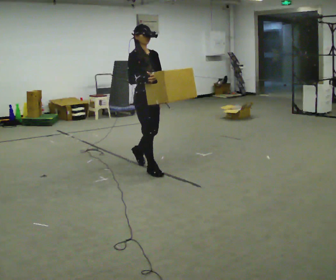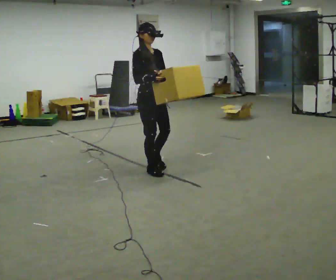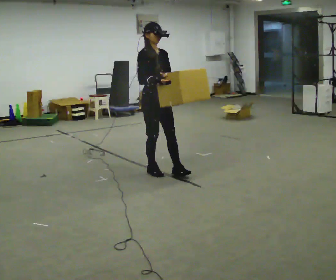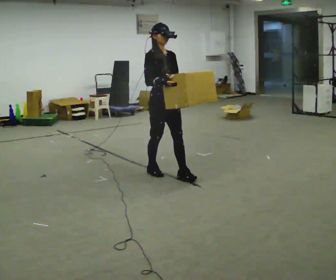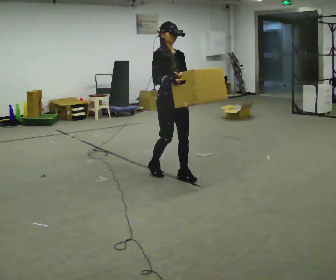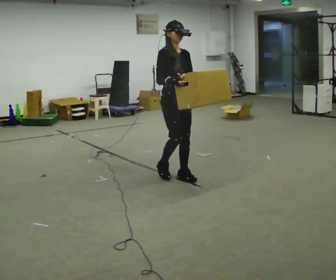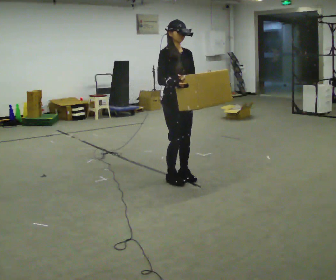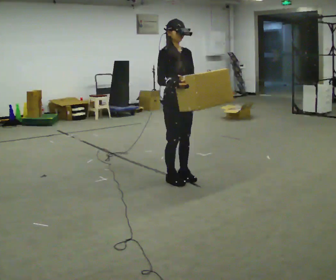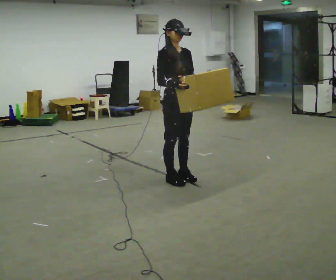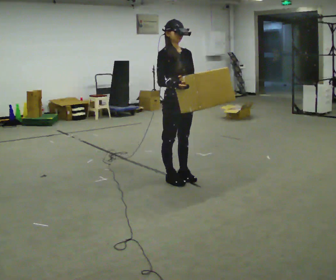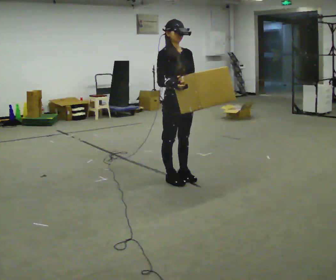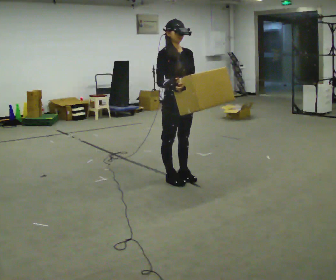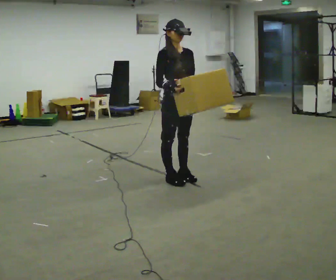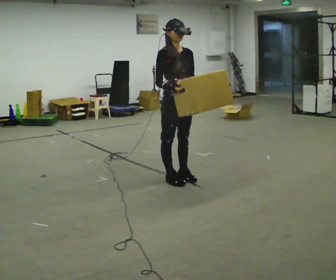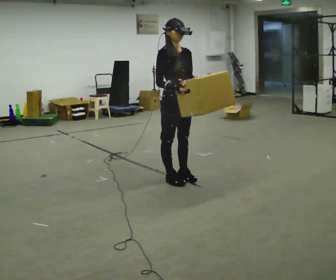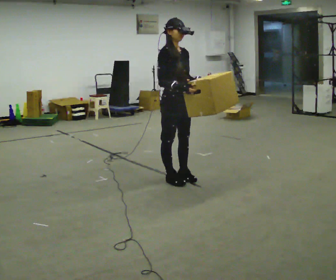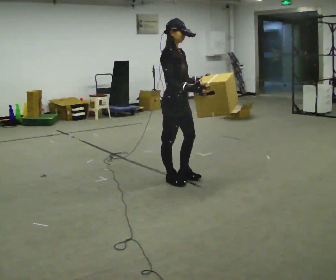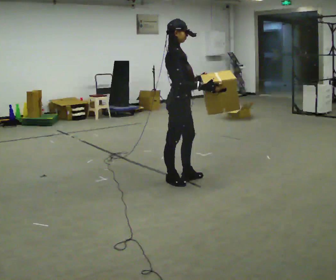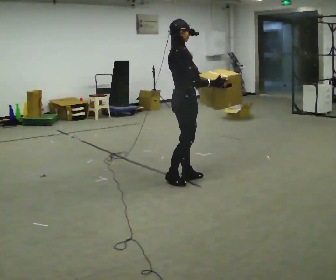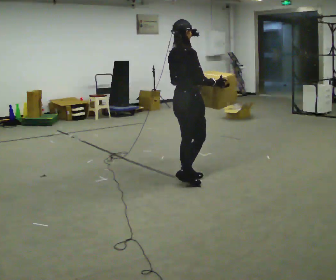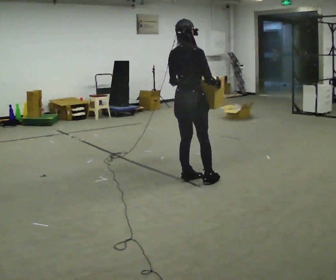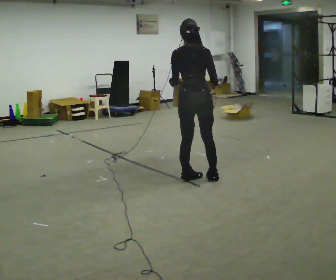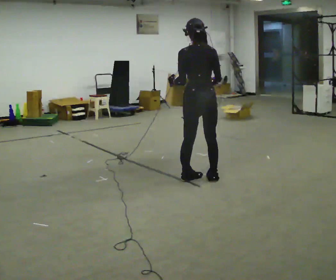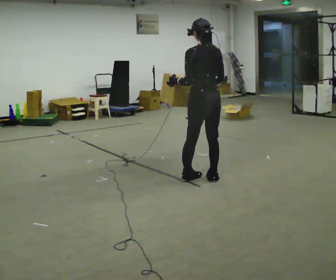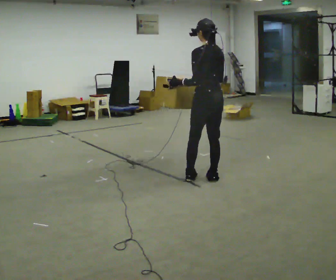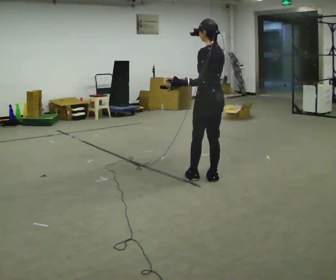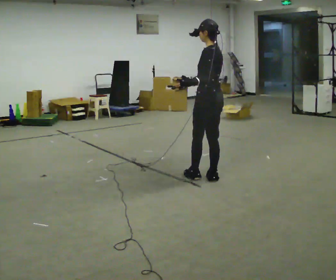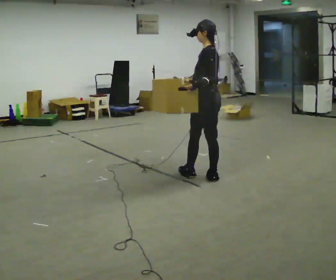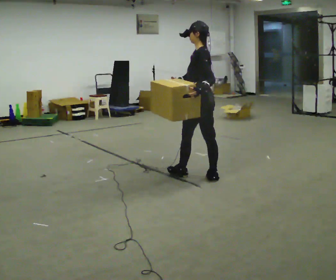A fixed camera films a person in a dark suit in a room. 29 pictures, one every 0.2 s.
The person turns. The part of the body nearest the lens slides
to the right.
The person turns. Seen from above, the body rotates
counterclockwise.
0.0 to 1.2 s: In the picture they go to the right, about 0.5 m in 2 steps, which for them is forward.
1.2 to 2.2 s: The person moves a little, or ends about where they began.
2.2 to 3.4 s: The part of the body nearest the lens slides to the right as the person turns to their left by about 45 degrees.
3.4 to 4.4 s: The part of the body nearest the lens slides to the right as the person turns to their left by about 105 degrees. In the picture they go to the right, about 0.25 m in 1 step.
4.4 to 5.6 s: The part of the body nearest the lens slides to the right as the person turns to their left by about 60 degrees. In the picture their left hand goes to the right.
The film runs forward here.
